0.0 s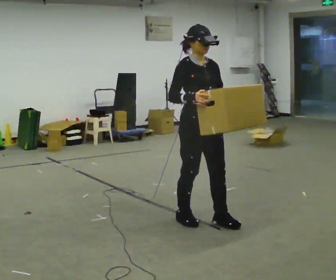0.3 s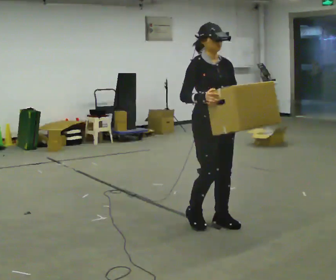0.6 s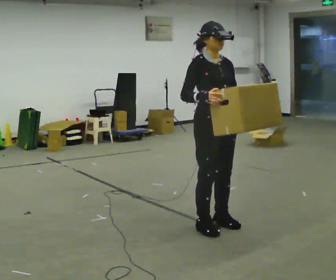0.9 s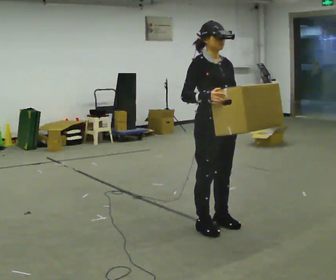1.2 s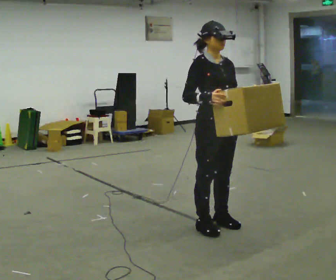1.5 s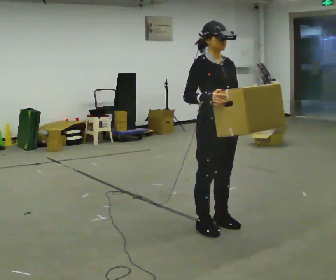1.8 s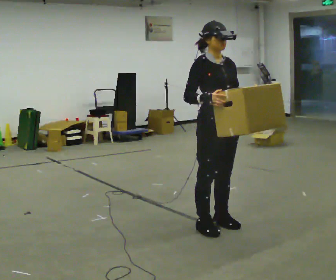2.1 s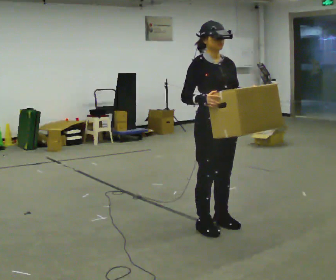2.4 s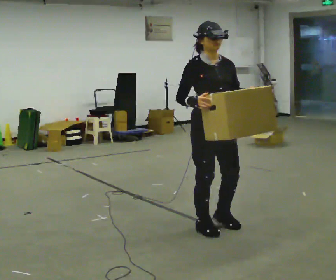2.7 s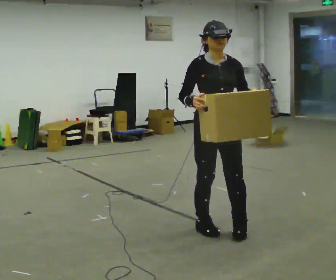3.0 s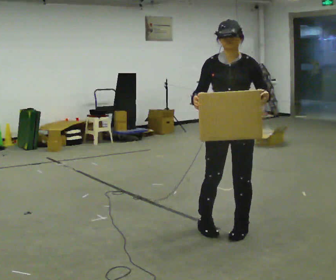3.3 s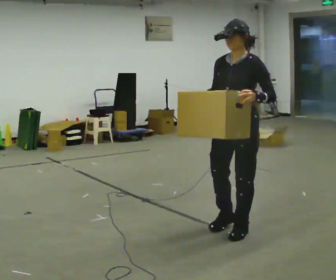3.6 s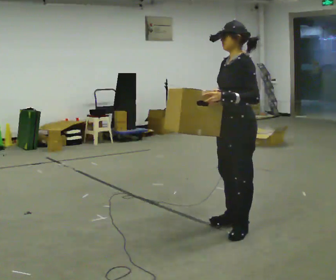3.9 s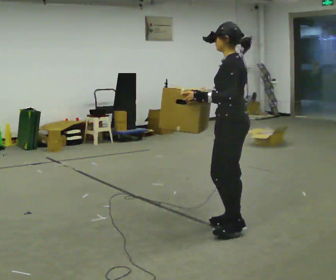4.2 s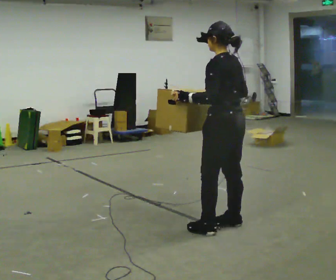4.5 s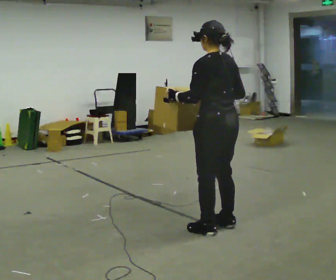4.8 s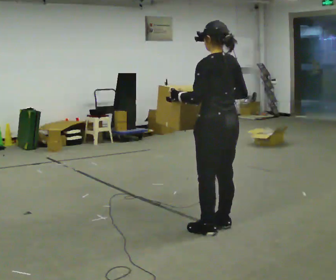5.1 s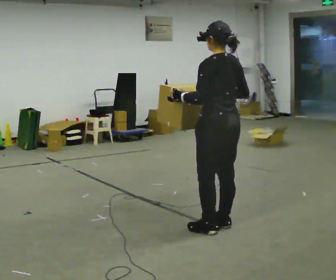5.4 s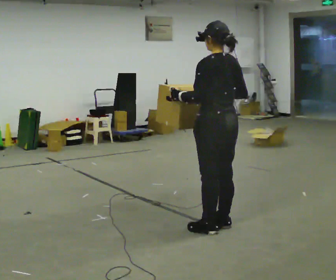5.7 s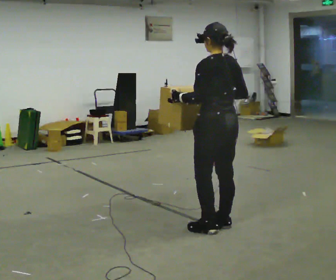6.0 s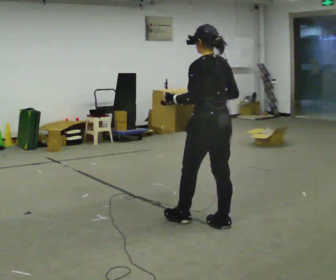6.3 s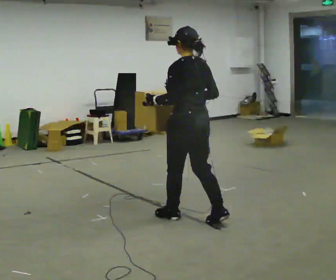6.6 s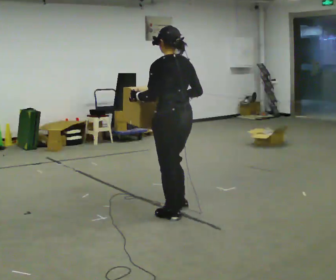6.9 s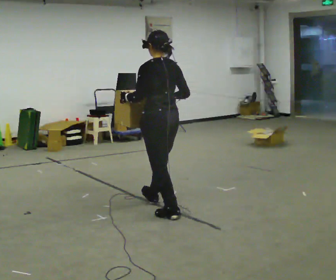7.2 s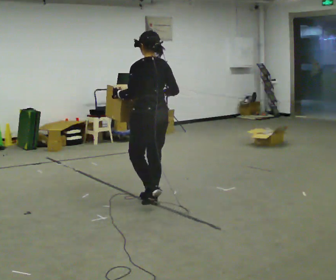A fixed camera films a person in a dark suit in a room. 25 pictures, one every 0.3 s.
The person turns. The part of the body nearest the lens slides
to the left.
The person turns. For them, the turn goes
to their right.
0.0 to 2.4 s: In the picture they go toward the camera, about 0.25 m in 1 step, which for them is forward.
2.4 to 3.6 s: The part of the body nearest the lens slides to the left as the person turns to their right by about 105 degrees. In the picture they go to the right, about 0.25 m in 2 steps.
3.6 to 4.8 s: The person turns about 60 degrees to their right, clockwise seen from above, so the part of the body nearest the lens slides to the left. In the picture their left hand goes to the left.
4.8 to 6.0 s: The person moves a little, or ends about where they began.
6.0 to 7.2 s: In the picture they go to the left and away from the camera, about 1 m in 2 steps, which for them is forward.
The film runs forward here.
